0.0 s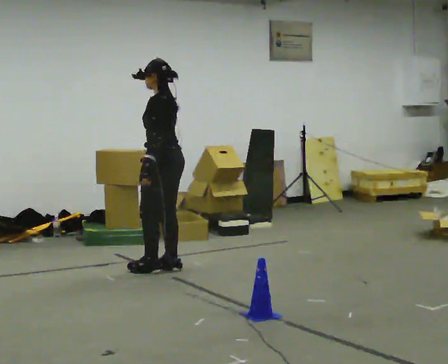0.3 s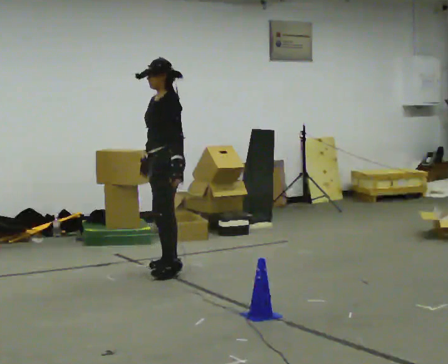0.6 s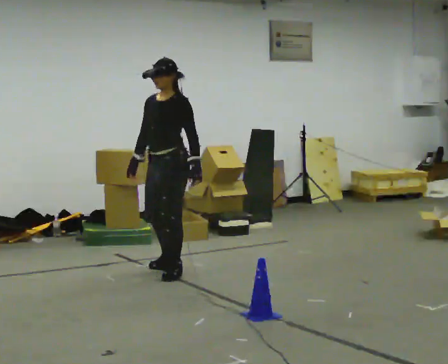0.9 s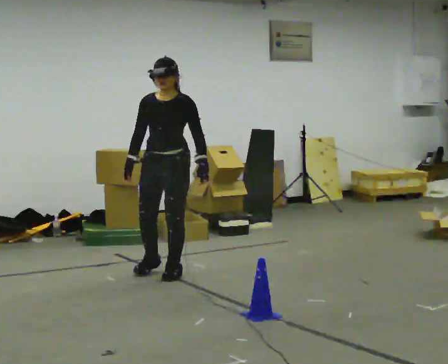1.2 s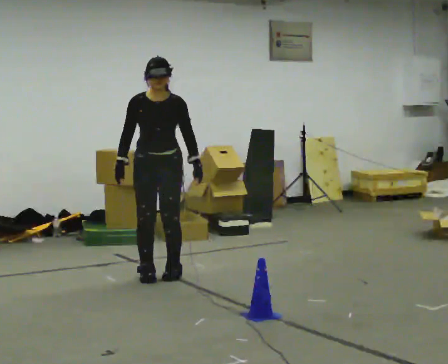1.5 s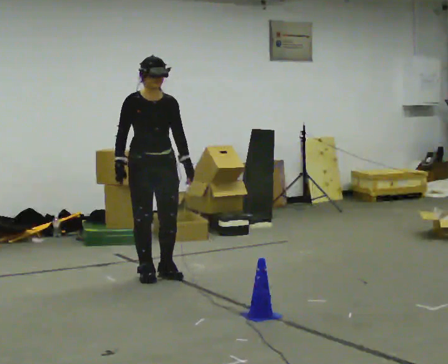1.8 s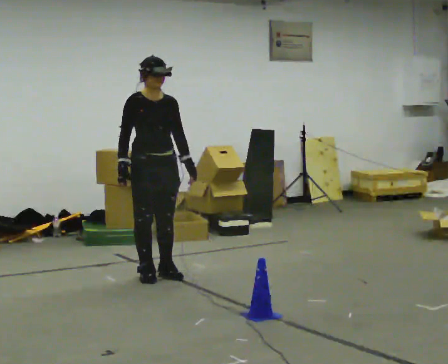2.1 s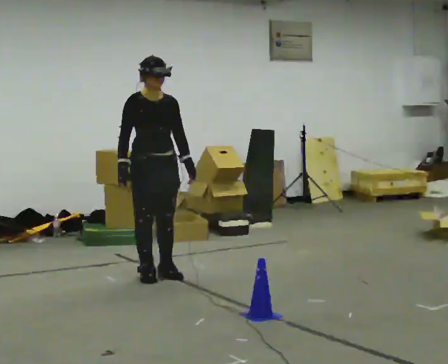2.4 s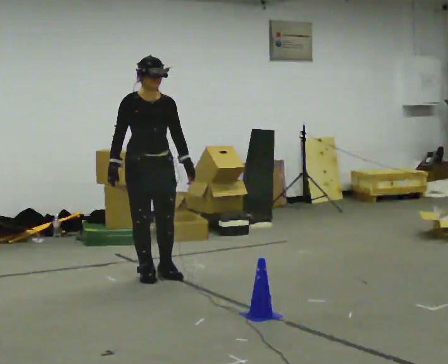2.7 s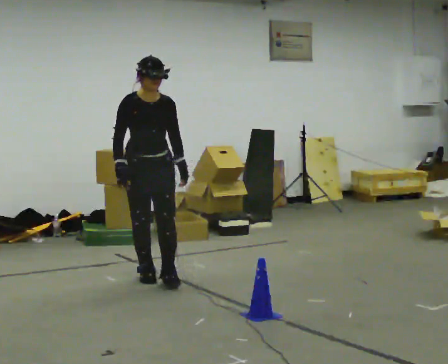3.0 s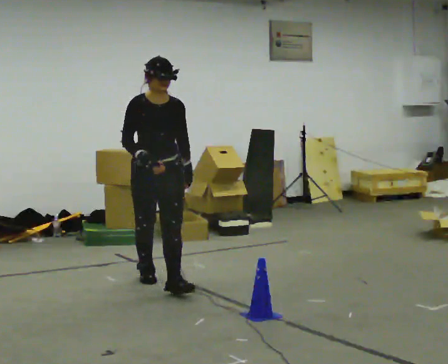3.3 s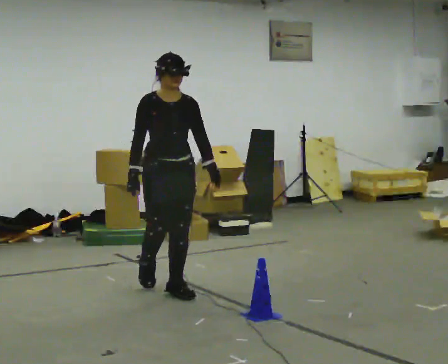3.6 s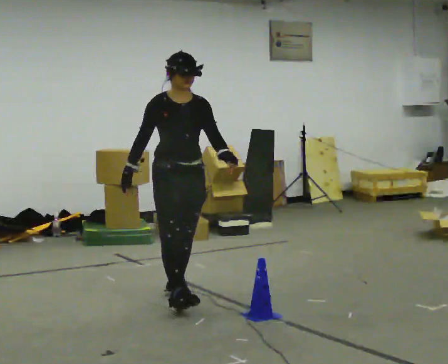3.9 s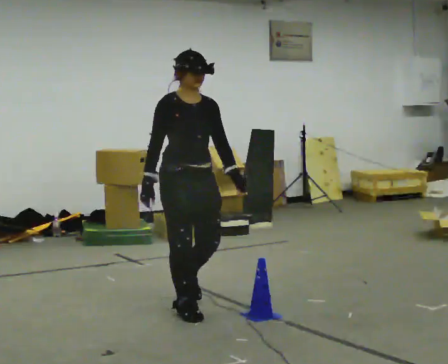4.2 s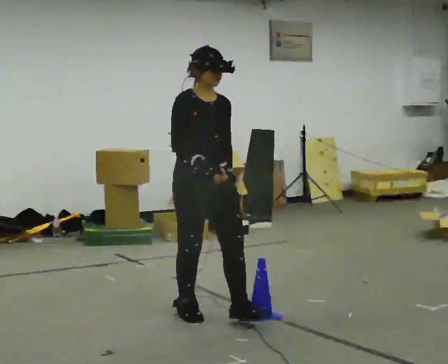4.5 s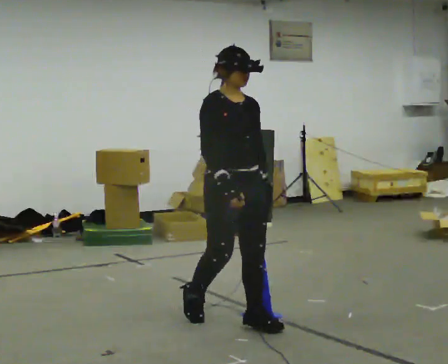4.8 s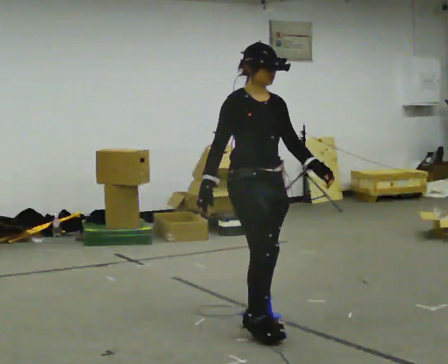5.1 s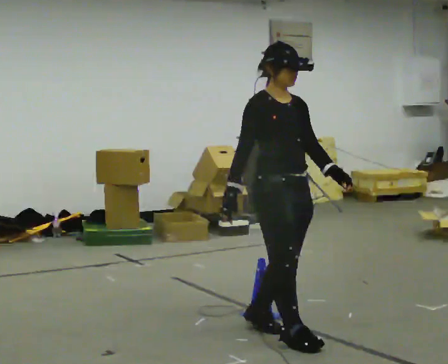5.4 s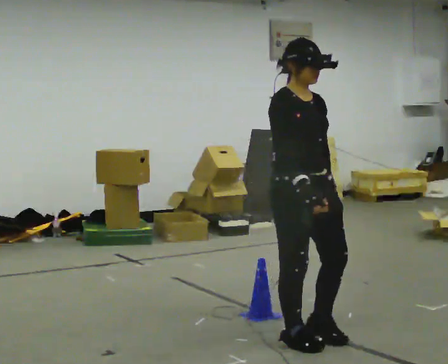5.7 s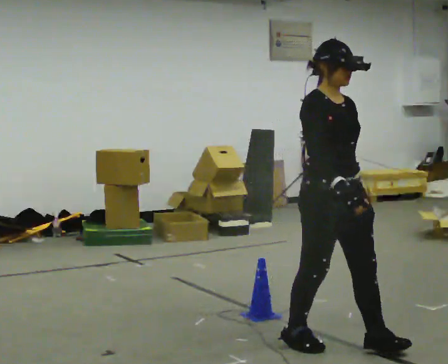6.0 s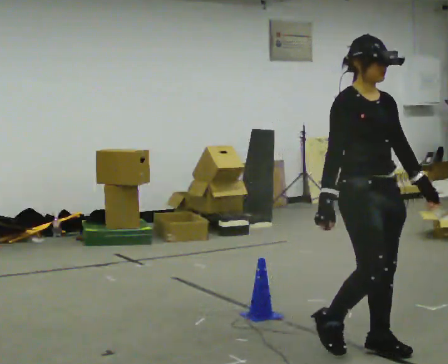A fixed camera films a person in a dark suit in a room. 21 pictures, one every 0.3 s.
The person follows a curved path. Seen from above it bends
counterclockwise.
The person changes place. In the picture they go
toward the camera.
0.0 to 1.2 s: The person turns about 105 degrees to their left, counterclockwise seen from above, so the part of the body nearest the lens slides to the right. In the picture they go toward the camera, about 0.25 m in 2 steps. In the picture their left hand goes to the right, the arm swinging counterclockwise.
1.2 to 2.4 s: The person moves a little, or ends about where they began.
2.4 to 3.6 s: In the picture they go toward the camera, about 0.75 m in 1 step, which for them is forward.
3.6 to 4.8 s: In the picture they go toward the camera and to the right, about 1 m in 2 steps, which for them is forward.
4.8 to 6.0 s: In the picture they go toward the camera and to the right, about 0.5 m in 2 steps, which for them is forward.
The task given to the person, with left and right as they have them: Walk toward obstacle; alter path to avoid it; continue toward original destination.
The film runs forward here.
